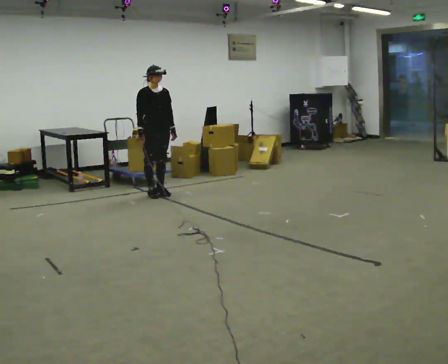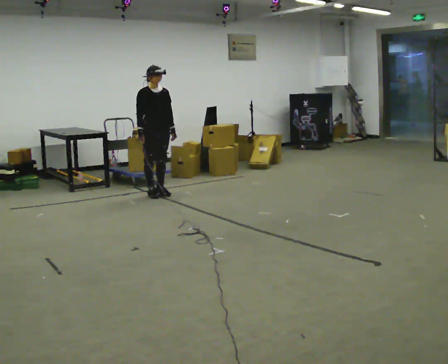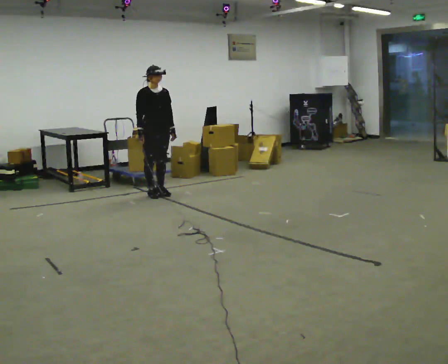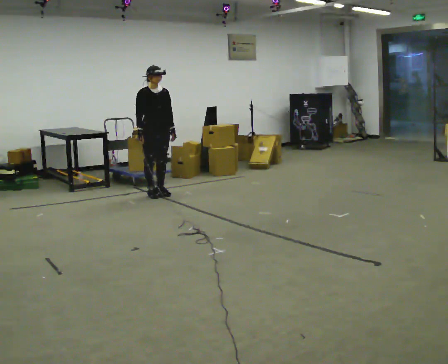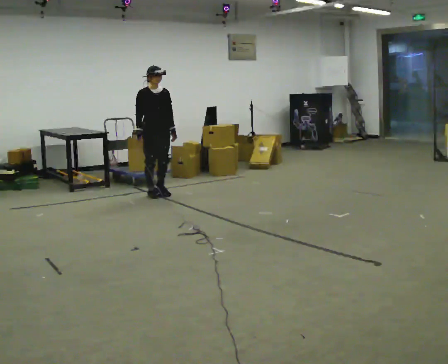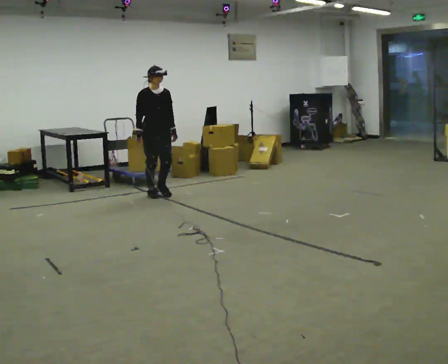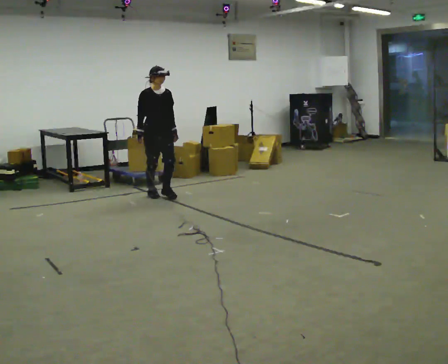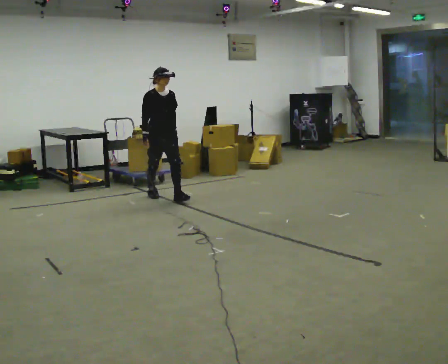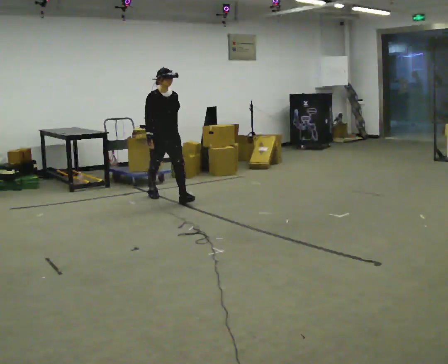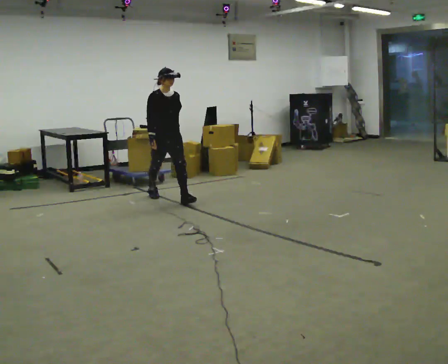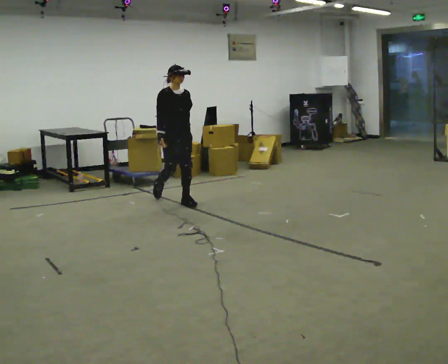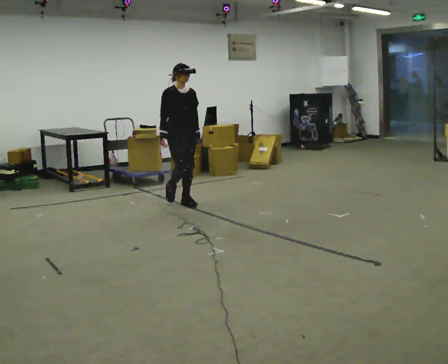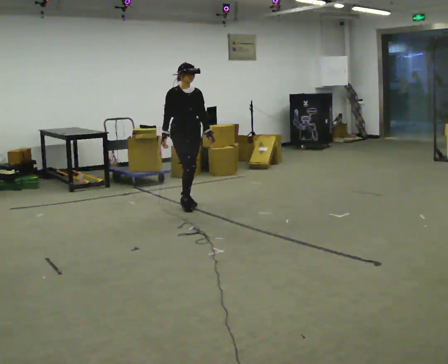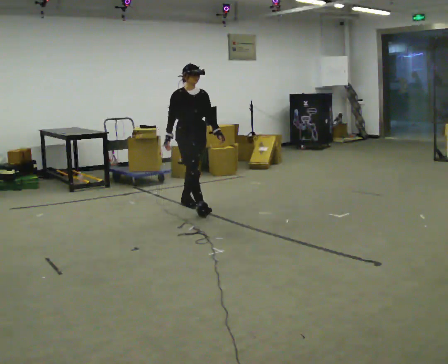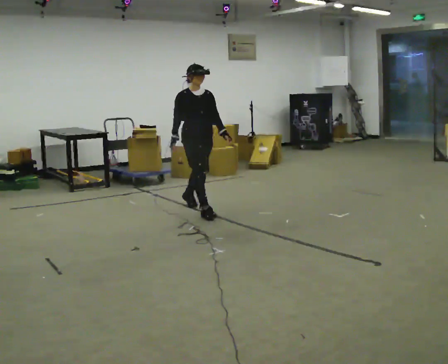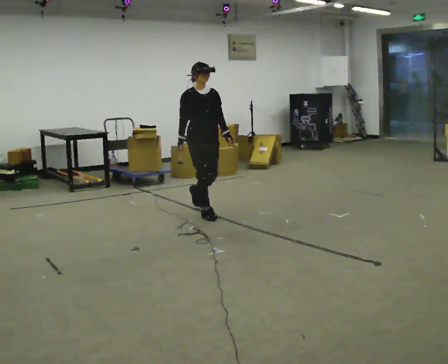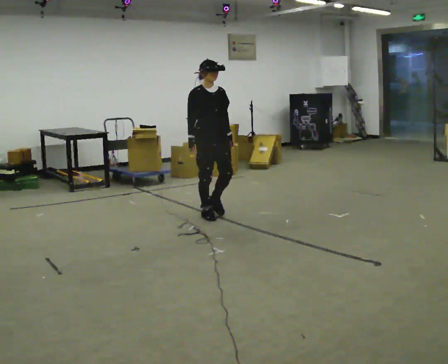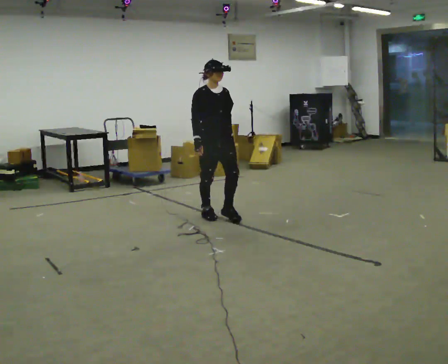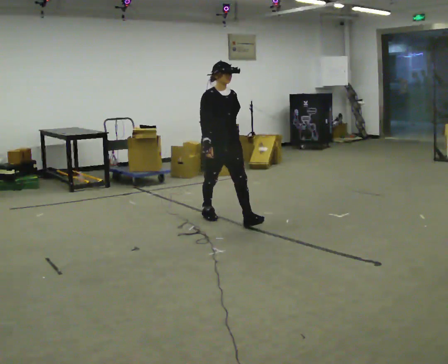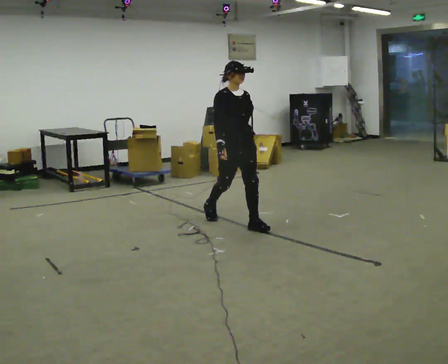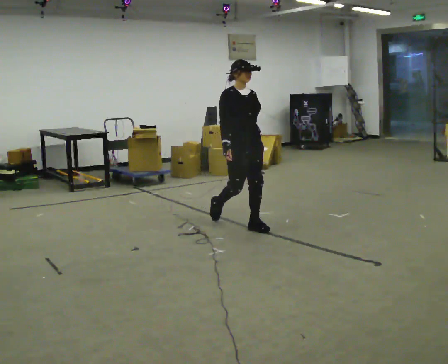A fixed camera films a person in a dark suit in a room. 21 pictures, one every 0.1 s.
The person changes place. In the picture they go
toward the camera.
0.0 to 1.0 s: In the picture they go toward the camera and to the right, about 0.5 m in 1 step, which for them is forward.
1.0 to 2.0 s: In the picture they go toward the camera and to the right, about 1 m in 2 steps, which for them is forward.
The film runs forward here.
